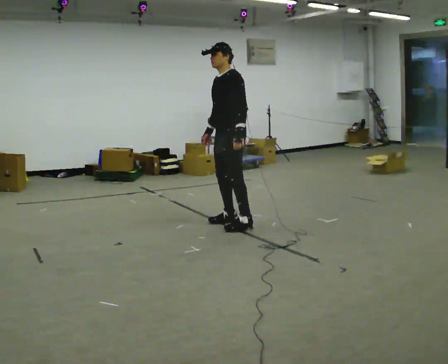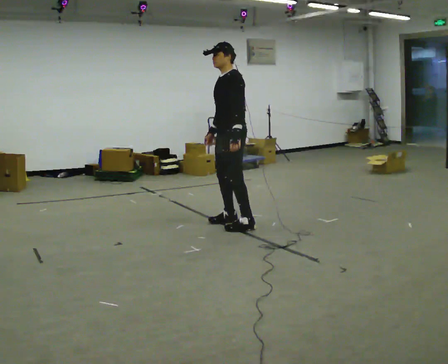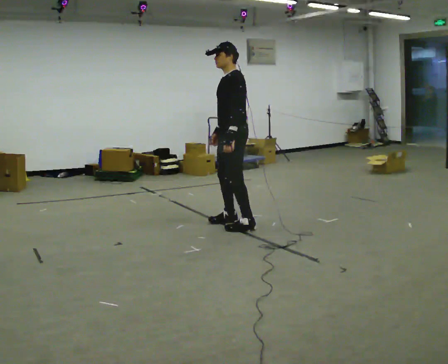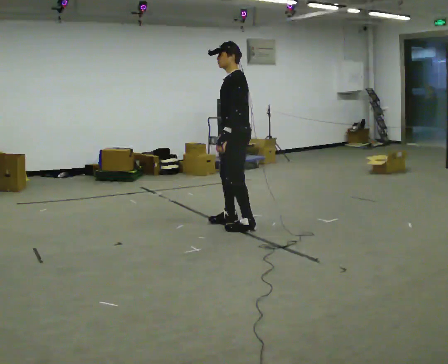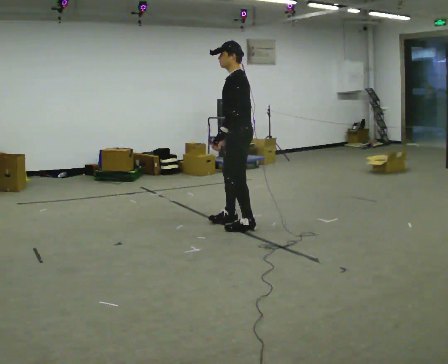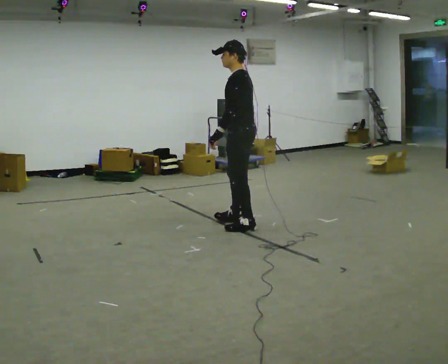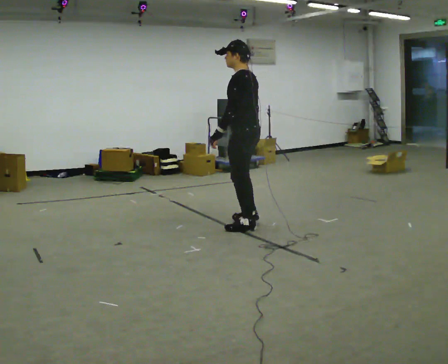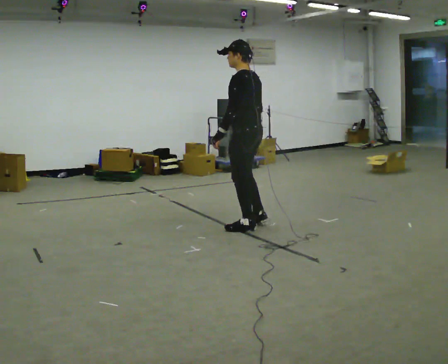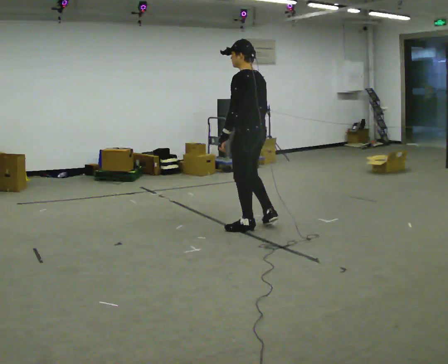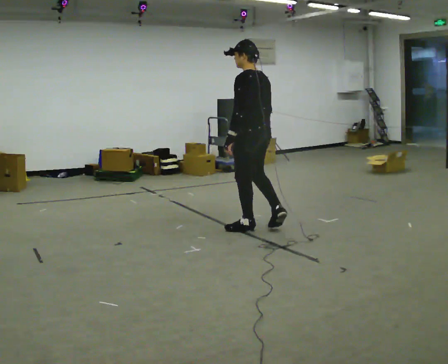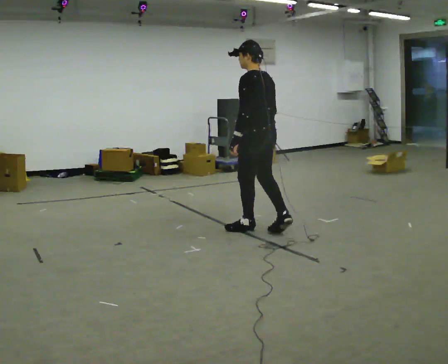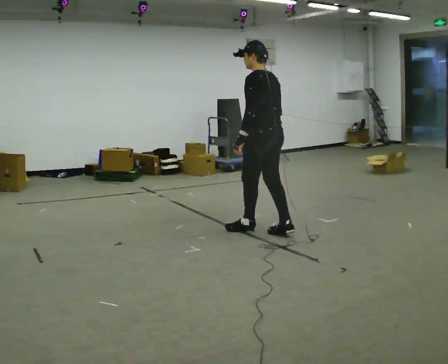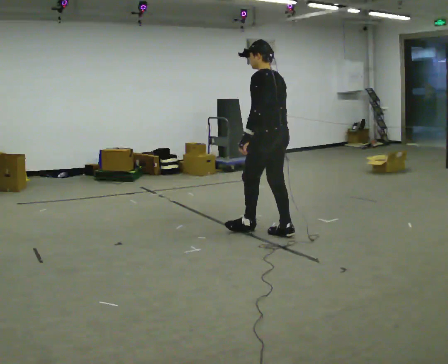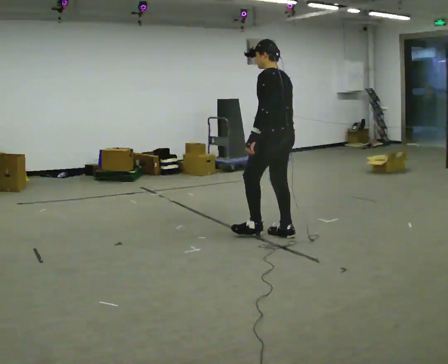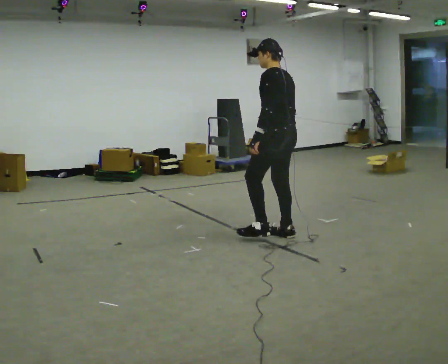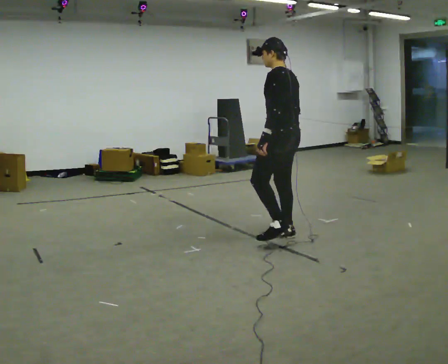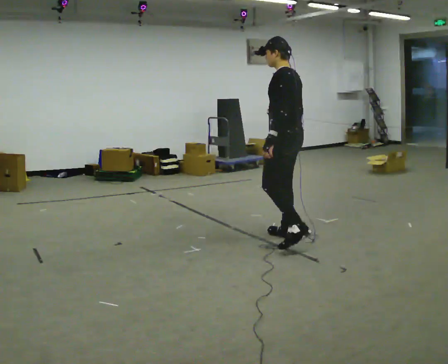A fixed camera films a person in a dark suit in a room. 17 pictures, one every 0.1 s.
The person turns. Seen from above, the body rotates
clockwise.
The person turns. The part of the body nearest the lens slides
to the left.
0.0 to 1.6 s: The part of the body nearest the lens slides to the left as the person turns to their right by about 60 degrees. In the picture they go to the right and toward the camera, about 0.75 m in 2 steps.
The film runs backward here.
